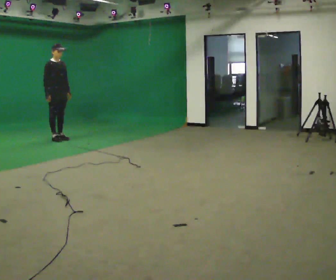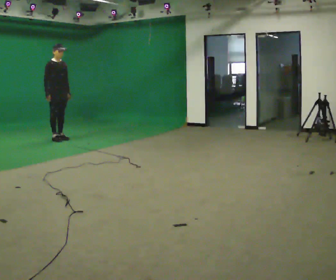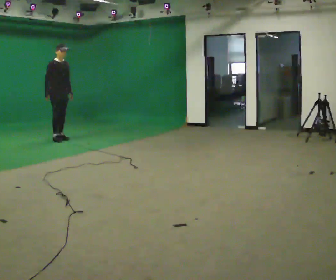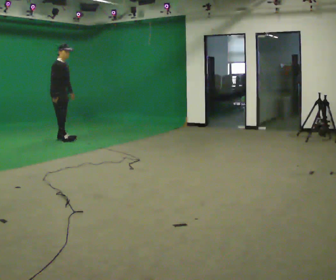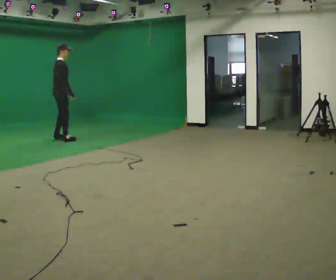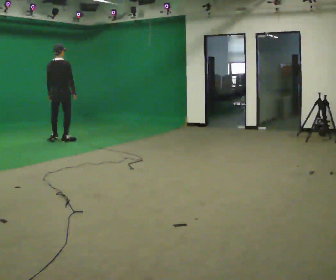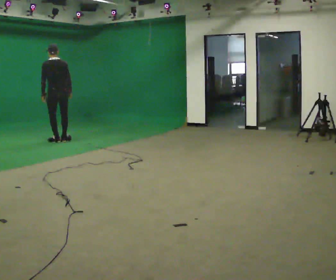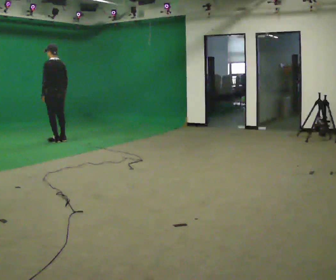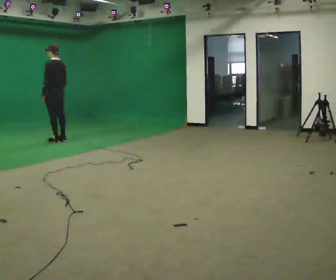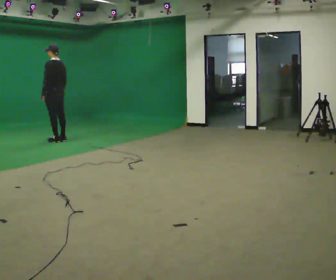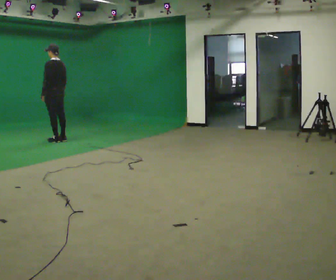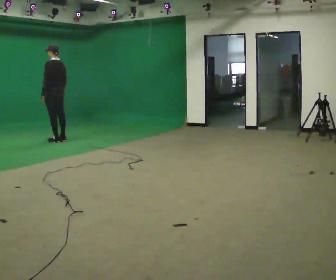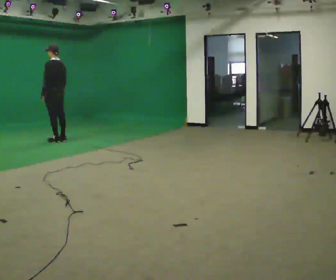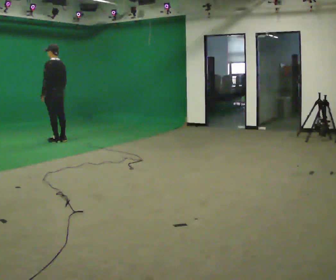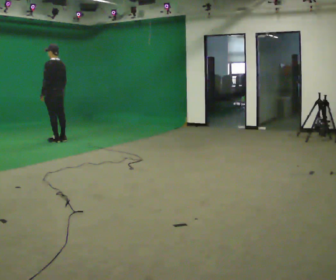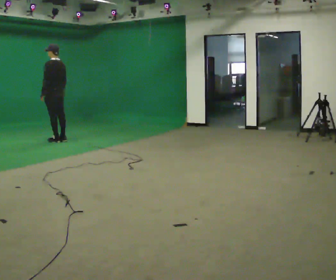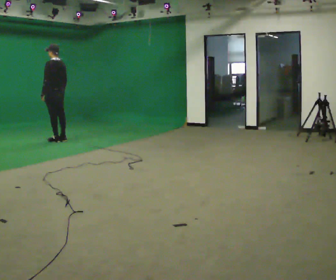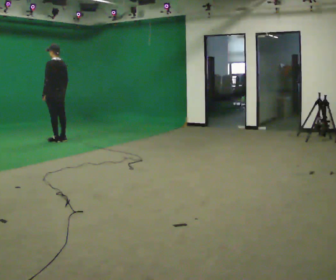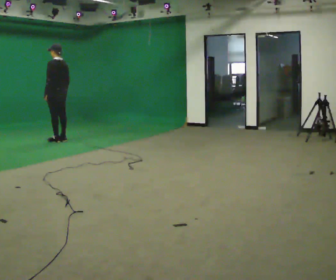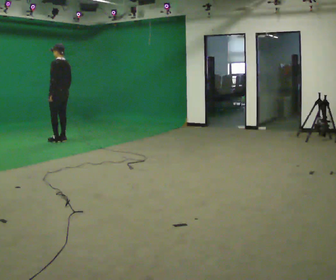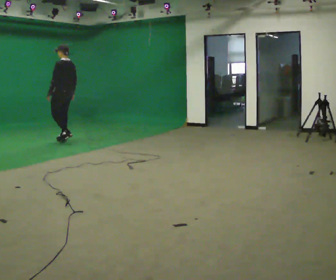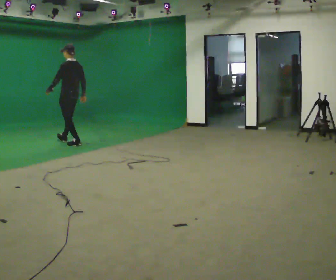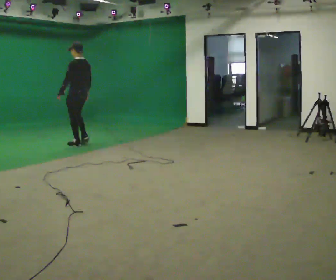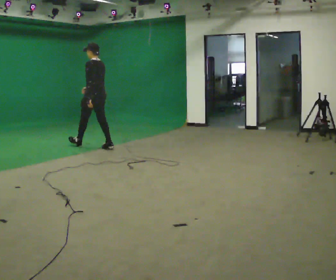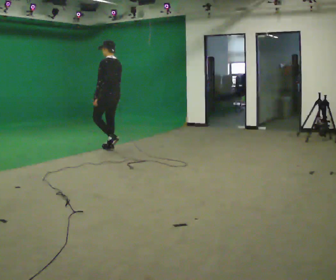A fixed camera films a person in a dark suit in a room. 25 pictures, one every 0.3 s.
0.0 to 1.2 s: Seen from above the body turns counterclockwise, about 45 degrees: to their left, with its near side sliding to the right.
1.2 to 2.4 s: Seen from above the body turns counterclockwise, about 135 degrees: to their left, with its near side sliding to the right. In the picture their left hand goes to the left.
2.4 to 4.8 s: The person keeps their place and pose.
4.8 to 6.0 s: The person moves a little, or ends about where they began.
6.0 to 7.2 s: In the picture they go toward the camera and to the right, about 1 m in 2 steps, which for them is backward.
The film runs backward here.
